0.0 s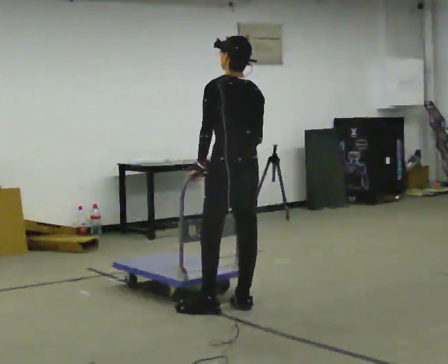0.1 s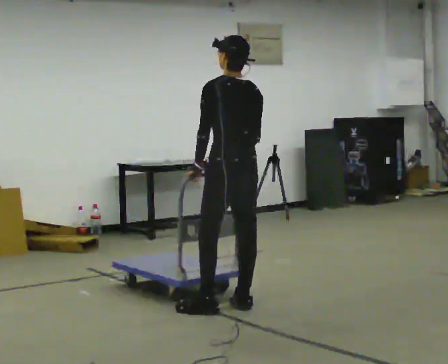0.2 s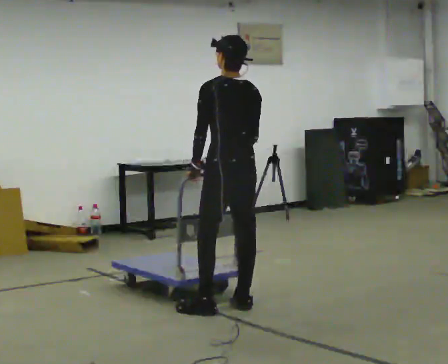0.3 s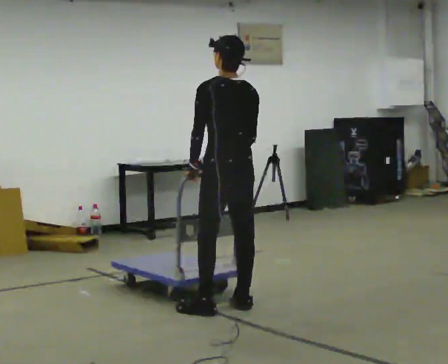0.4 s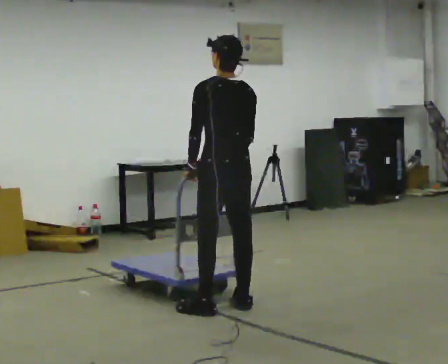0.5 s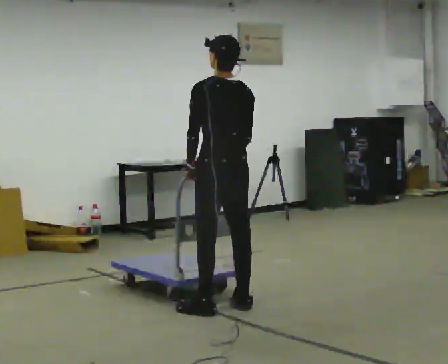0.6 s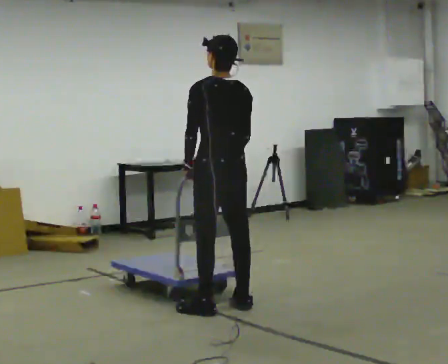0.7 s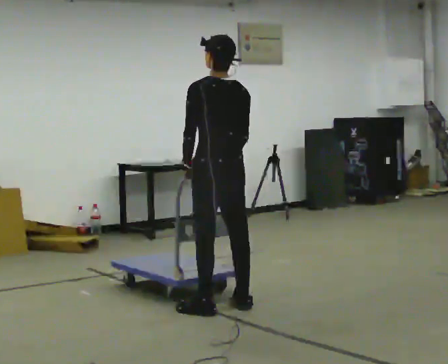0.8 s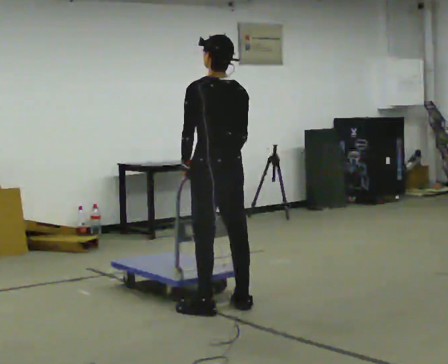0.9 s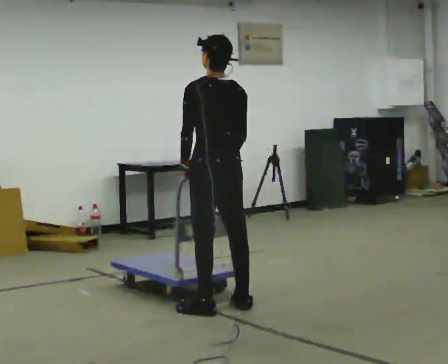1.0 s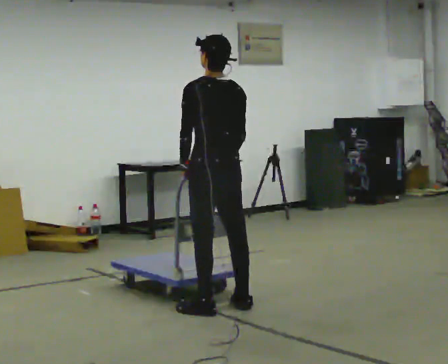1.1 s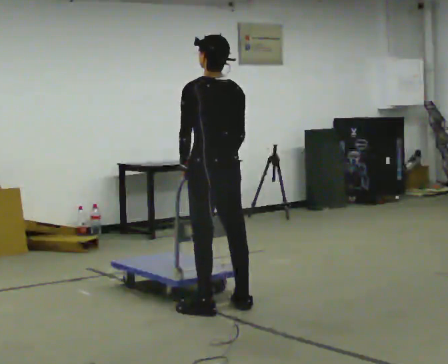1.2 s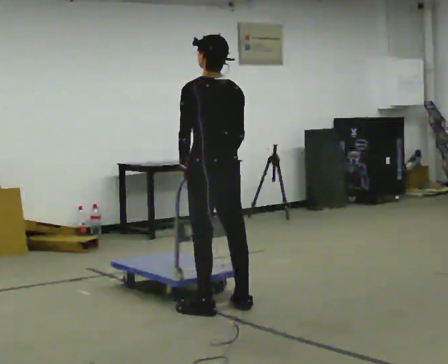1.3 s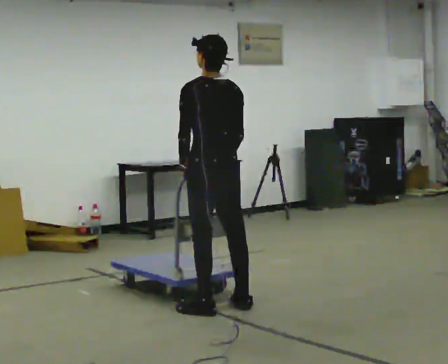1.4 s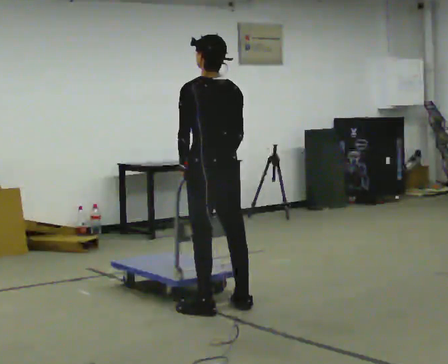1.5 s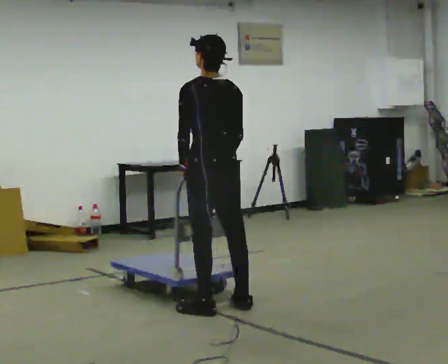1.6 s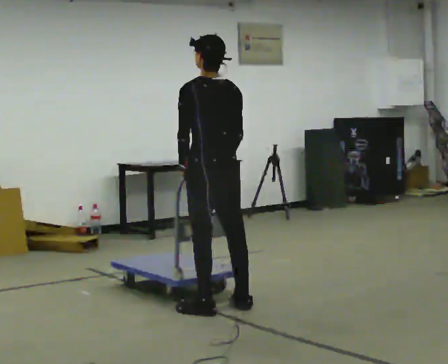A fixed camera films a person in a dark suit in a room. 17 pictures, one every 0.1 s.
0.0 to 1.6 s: In the picture they go to the left, about 0.25 m, which for them is to their left.
The film runs backward here.
